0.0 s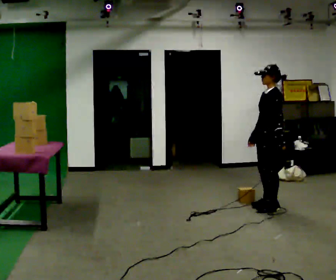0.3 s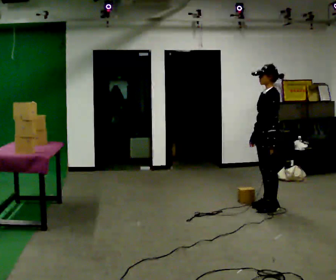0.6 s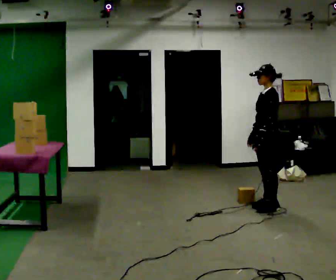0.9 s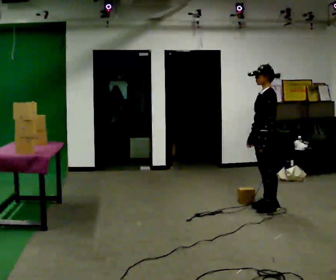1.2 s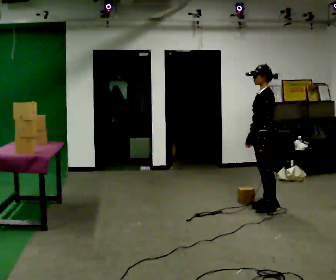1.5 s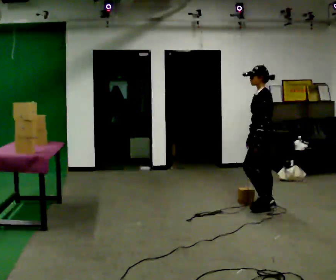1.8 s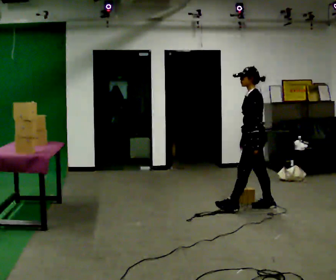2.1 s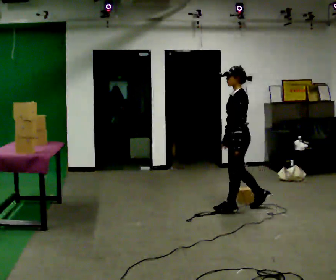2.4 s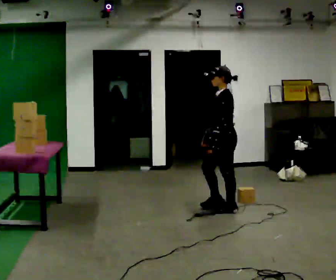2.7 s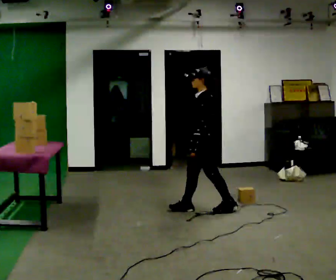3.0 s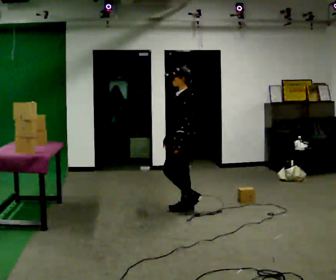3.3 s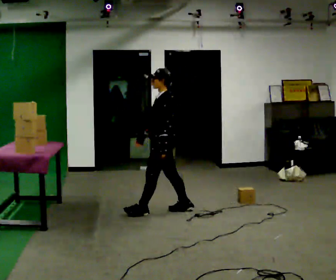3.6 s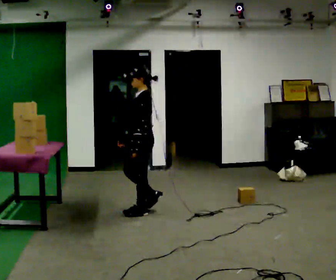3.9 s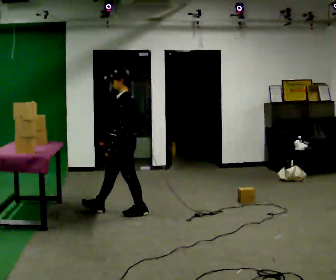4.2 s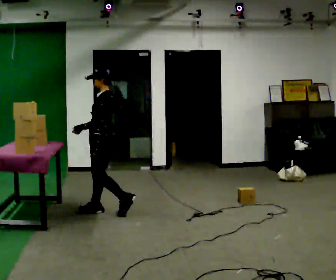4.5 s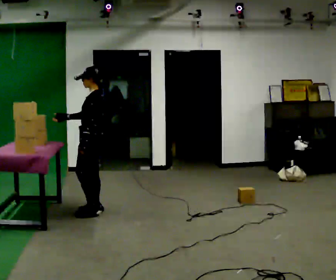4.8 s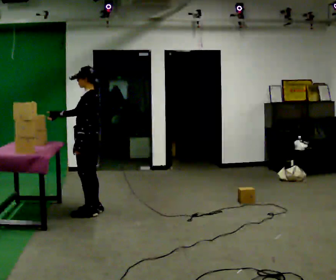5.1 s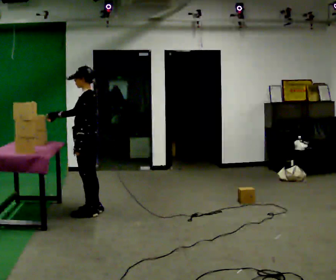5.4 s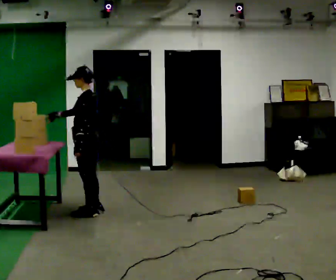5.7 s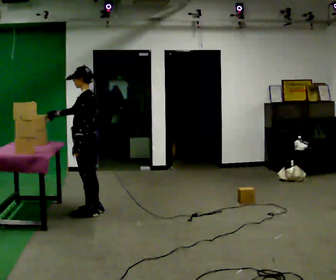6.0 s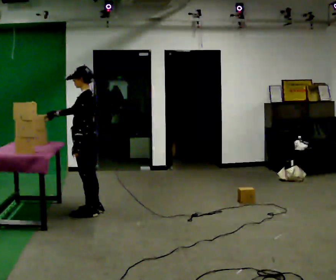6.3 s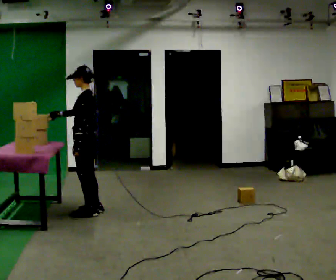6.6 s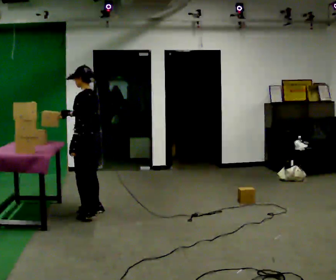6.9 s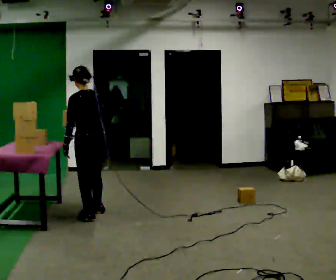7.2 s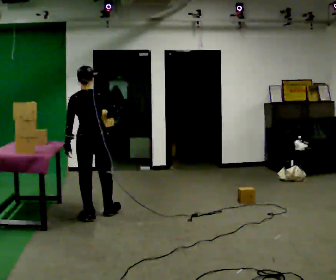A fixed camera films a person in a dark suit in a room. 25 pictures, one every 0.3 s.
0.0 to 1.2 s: The person moves a little, or ends about where they began.
1.2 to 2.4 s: In the picture they go to the left, about 0.5 m in 1 step, which for them is forward.
2.4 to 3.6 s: In the picture they go to the left, about 1 m in 2 steps, which for them is forward.
3.6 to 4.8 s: In the picture they go to the left, about 0.5 m in 2 steps, which for them is forward.
4.8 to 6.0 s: The person moves a little, or ends about where they began.
6.0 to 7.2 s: The person turns about 90 degrees to their right, clockwise seen from above, so the part of the body nearest the lens slides to the left. In the picture they go toward the camera, about 0.25 m in 1 step. In the picture their right hand goes to the right.
The film runs forward here.
